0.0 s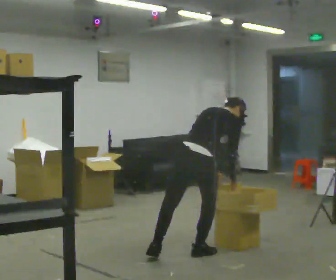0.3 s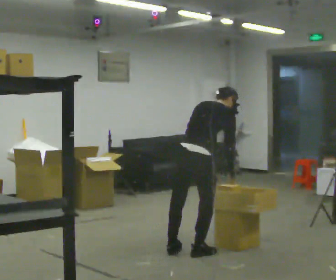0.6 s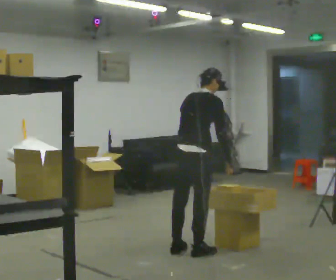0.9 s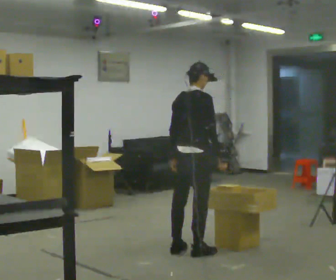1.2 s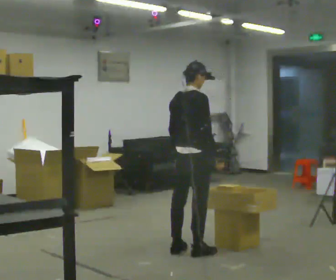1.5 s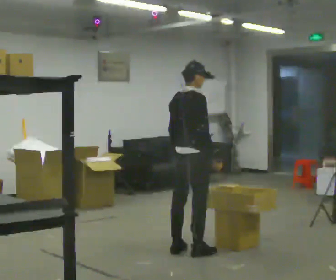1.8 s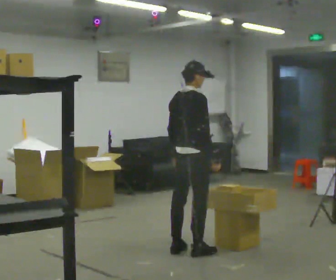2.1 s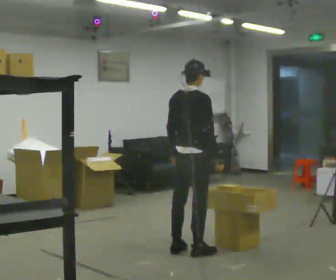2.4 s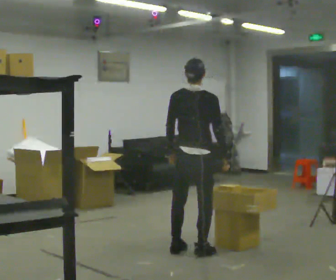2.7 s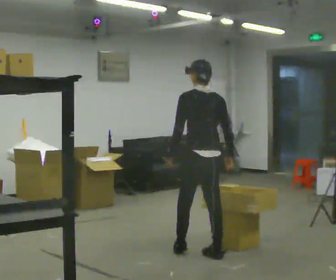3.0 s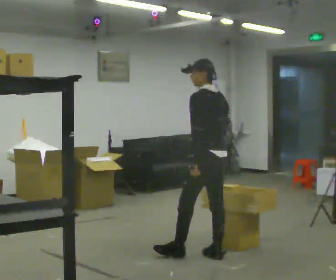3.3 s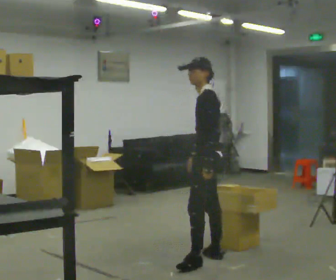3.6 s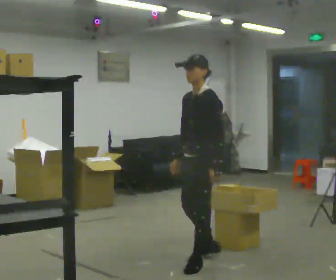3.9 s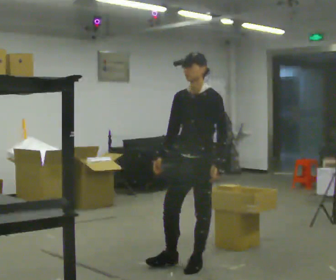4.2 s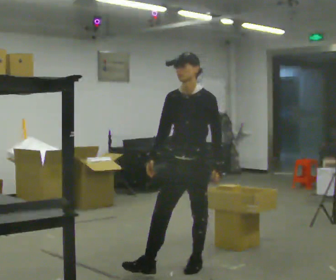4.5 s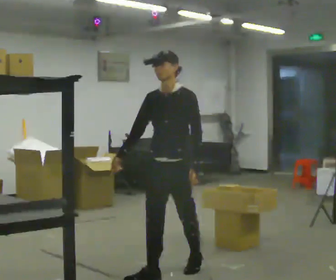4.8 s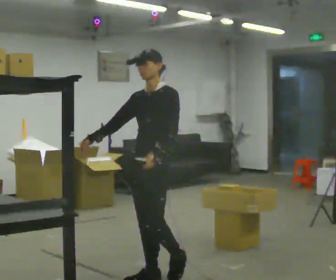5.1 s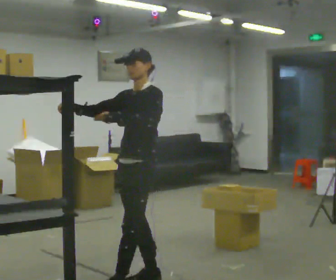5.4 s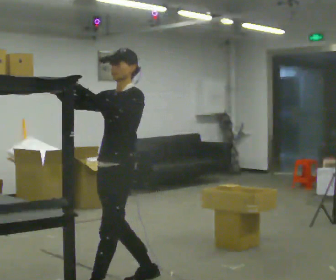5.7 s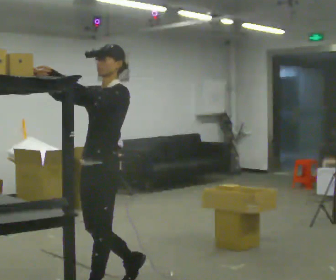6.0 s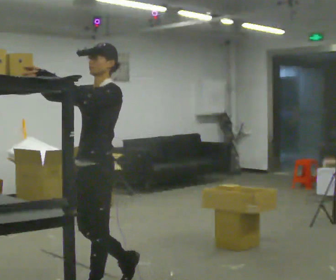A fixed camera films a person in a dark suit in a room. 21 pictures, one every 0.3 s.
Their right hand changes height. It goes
upward.
Their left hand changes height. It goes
upward.
0.0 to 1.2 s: In the picture they go away from the camera, about 0.25 m in 1 step, which for them is to their left. The shoulders move upward. The upper body tips toward the camera, its near side rolling downward, as they lean back or straighten.
1.2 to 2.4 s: The part of the body nearest the lens slides to the right as the person turns to their left by about 30 degrees.
2.4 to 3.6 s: The person turns about 135 degrees to their left, counterclockwise seen from above, so the part of the body nearest the lens slides to the right. In the picture they go toward the camera, about 0.5 m in 2 steps.
3.6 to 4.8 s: In the picture they go toward the camera and to the left, about 0.5 m in 1 step, which for them is forward.
4.8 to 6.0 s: In the picture they go toward the camera and to the left, about 0.5 m in 2 steps, which for them is forward. In the picture their left hand goes upward.
The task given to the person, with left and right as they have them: Take an object down from the highest shelf you can comfortably reach, carry it across, and place it on the waist-height shelf. Keep going until the operator says stop; one object at a time, and do not rush between trips.
The film runs forward here.
